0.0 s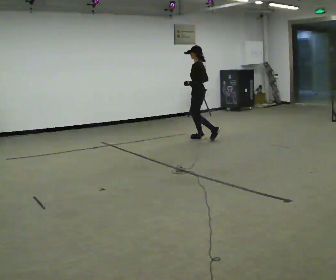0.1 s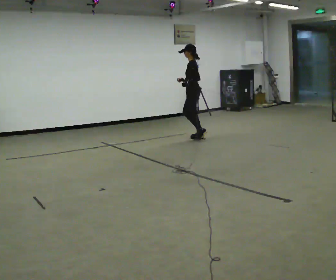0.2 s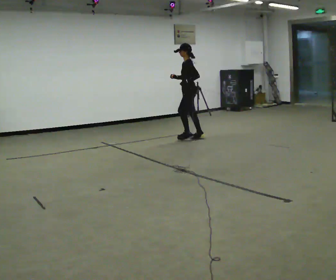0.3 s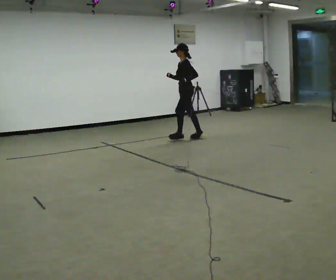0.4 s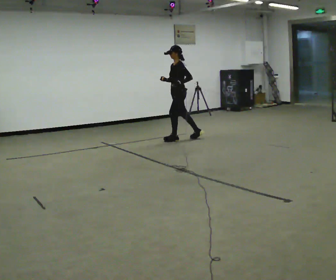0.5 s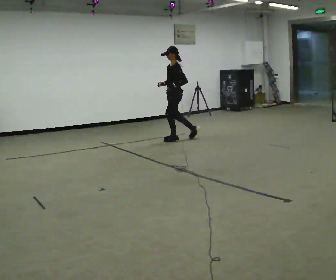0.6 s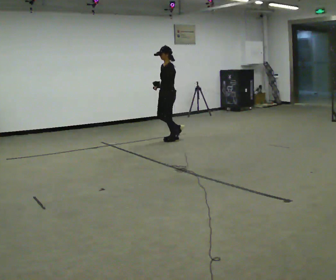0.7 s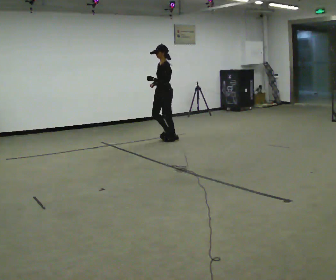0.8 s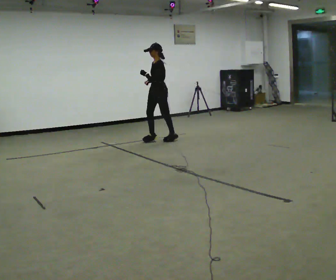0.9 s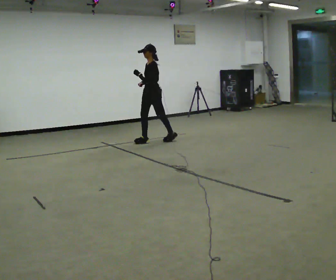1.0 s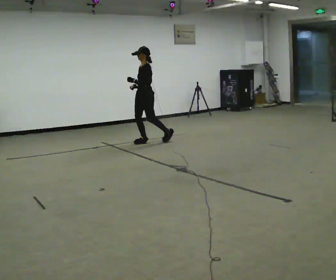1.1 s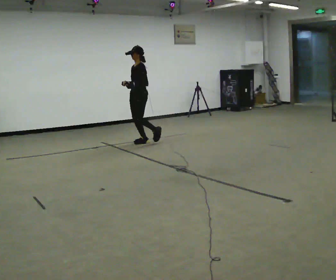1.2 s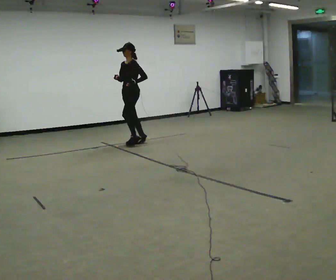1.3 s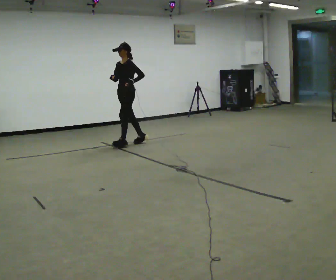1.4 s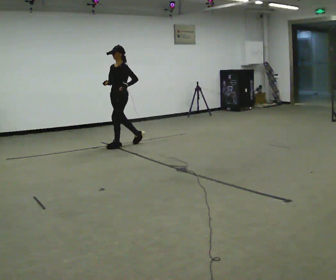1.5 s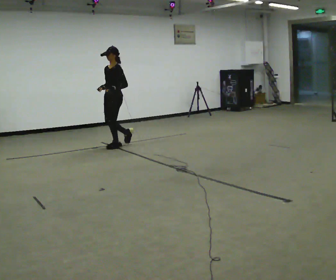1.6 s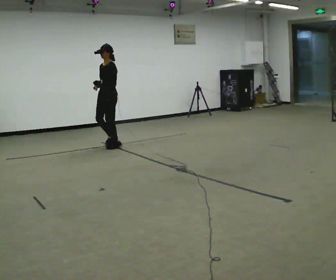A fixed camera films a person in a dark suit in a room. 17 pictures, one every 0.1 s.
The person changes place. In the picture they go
to the left.
0.0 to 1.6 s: The part of the body nearest the lens slides to the right as the person turns to their left by about 45 degrees. In the picture they go to the left, about 1.5 m in 3 steps, which for them is forward.
The film runs forward here.
